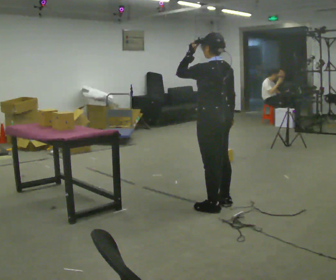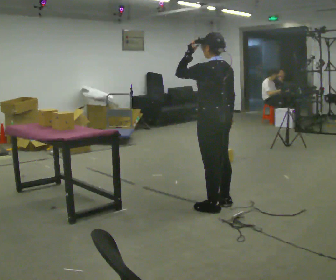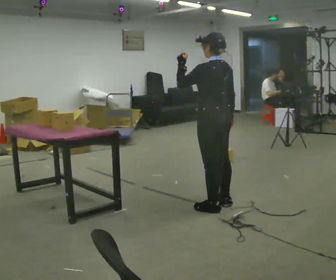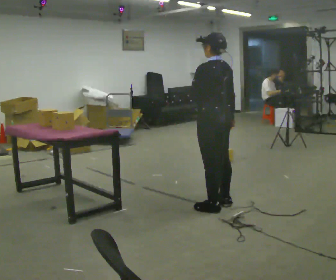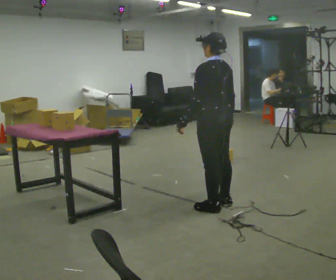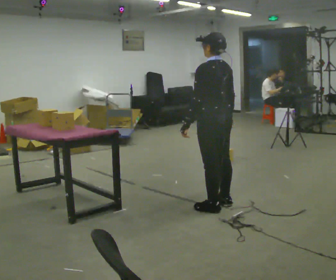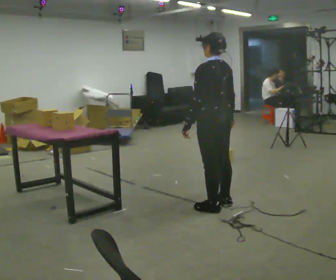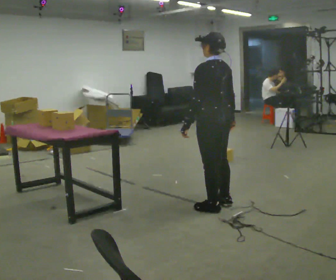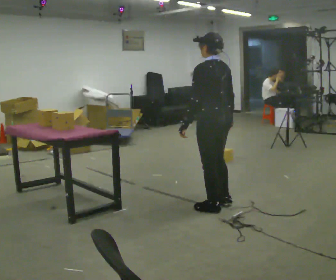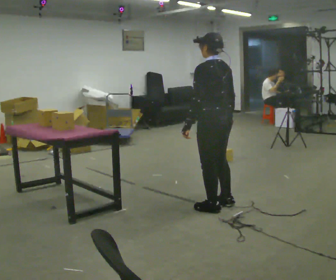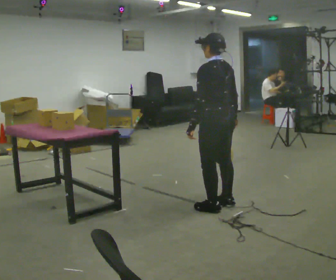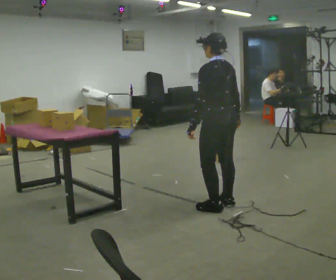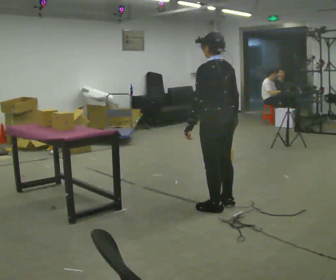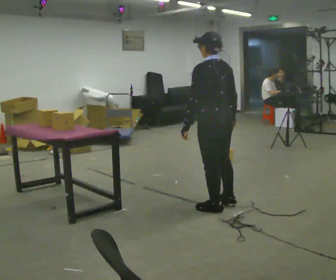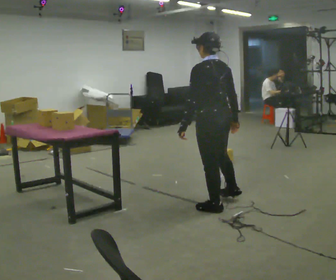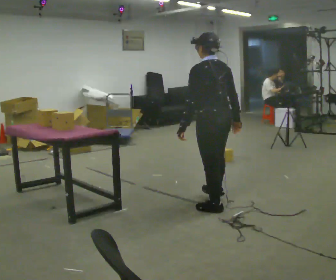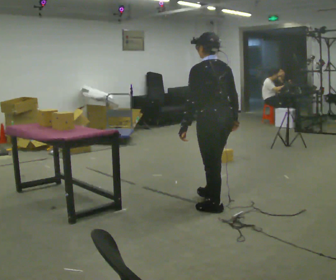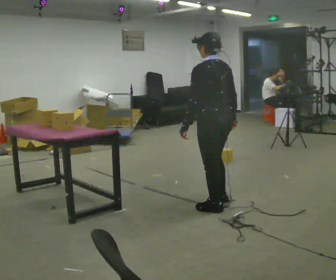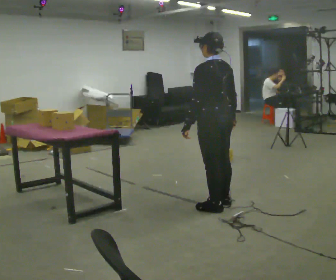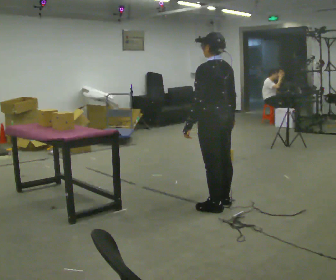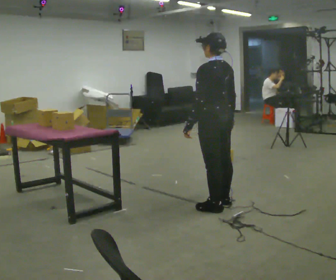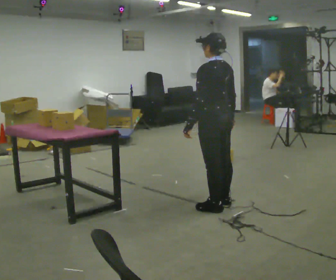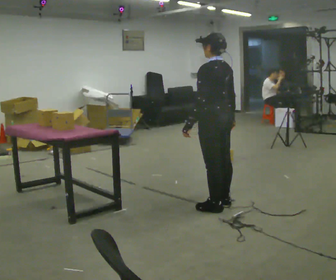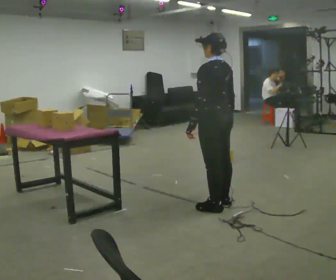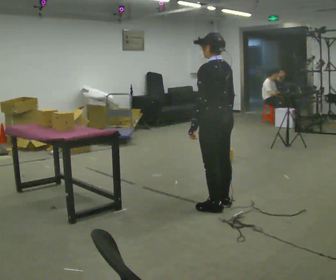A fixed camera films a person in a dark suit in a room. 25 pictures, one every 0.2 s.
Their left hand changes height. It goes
downward.
0.0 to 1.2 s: In the picture their left hand goes downward.
1.2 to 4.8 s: The person moves a little, or ends about where they began.
The film runs backward here.
